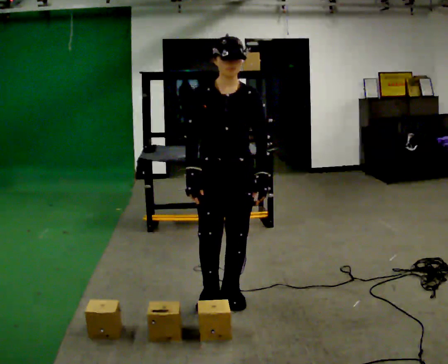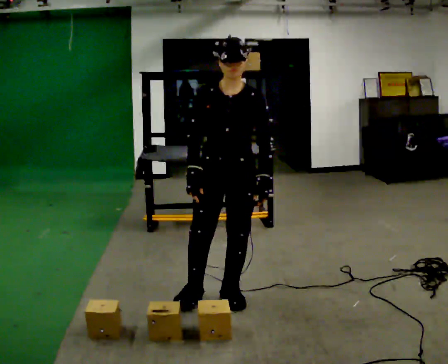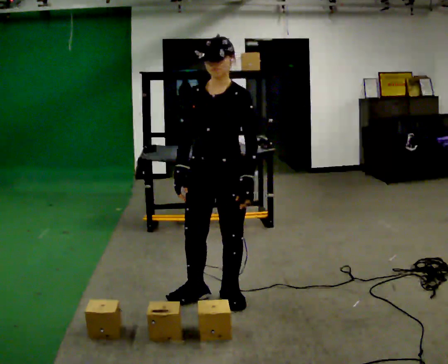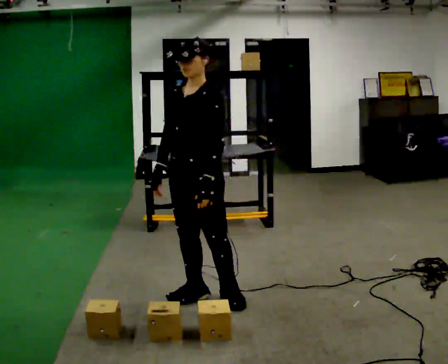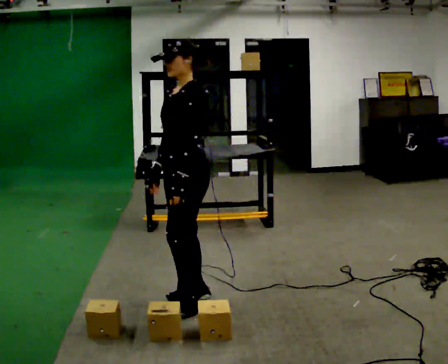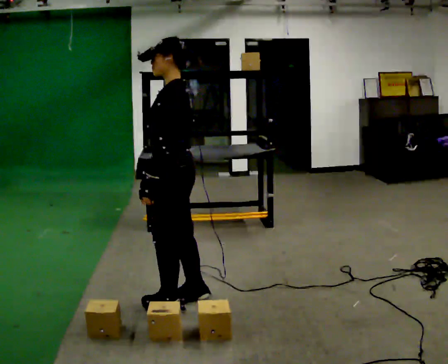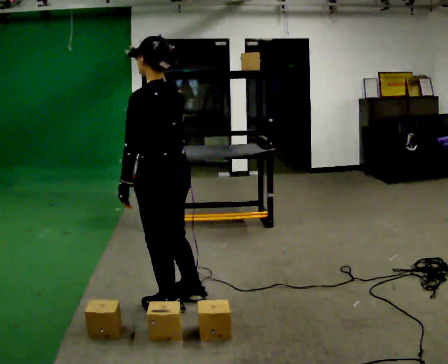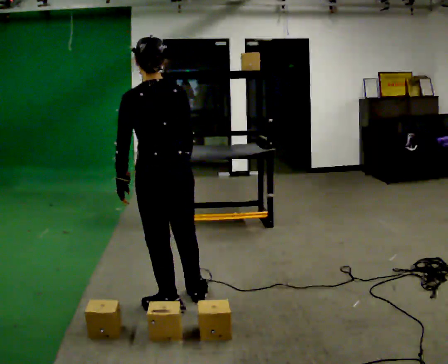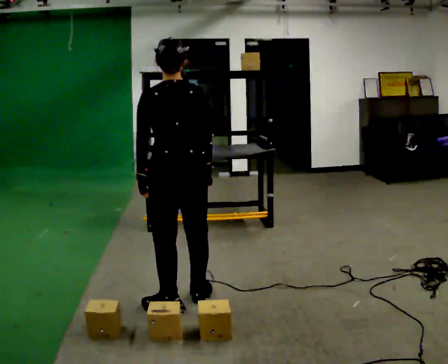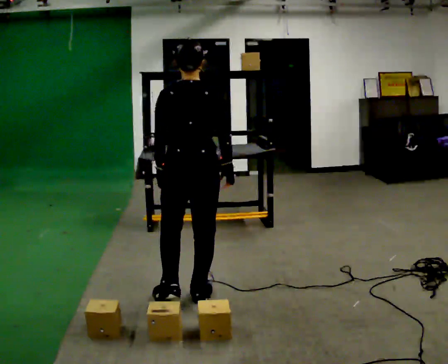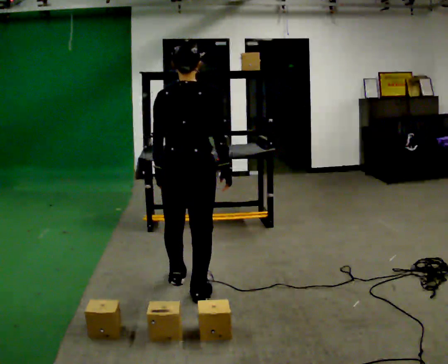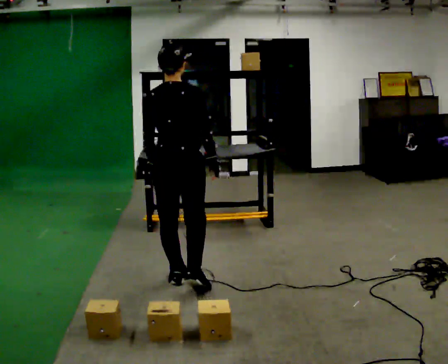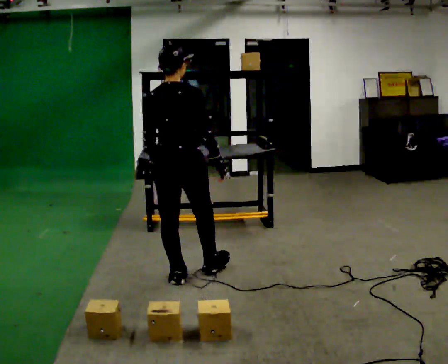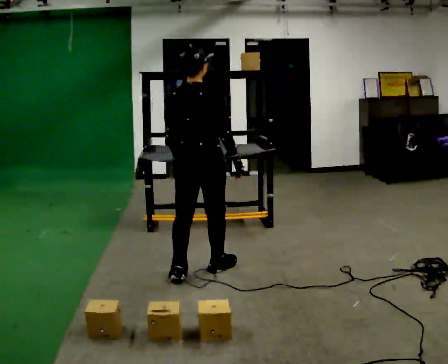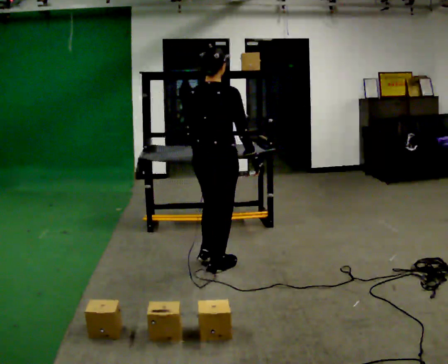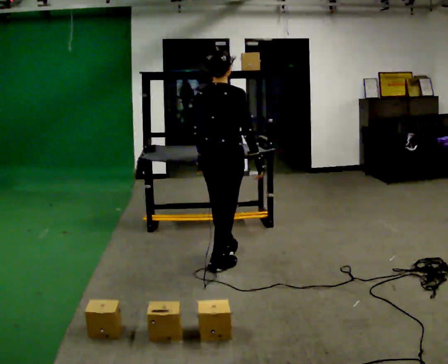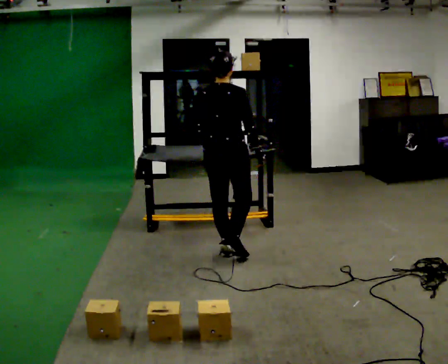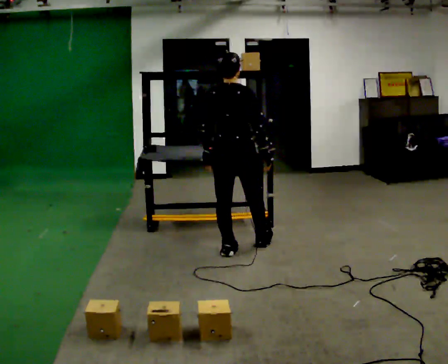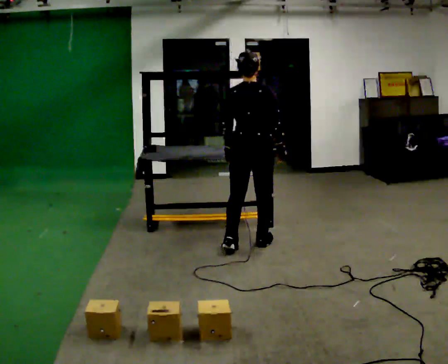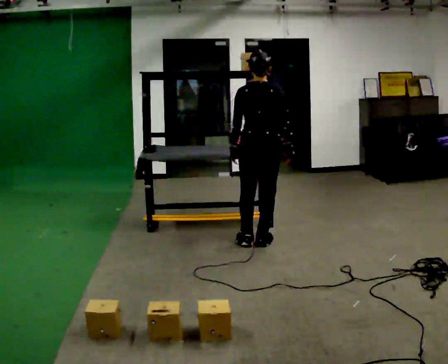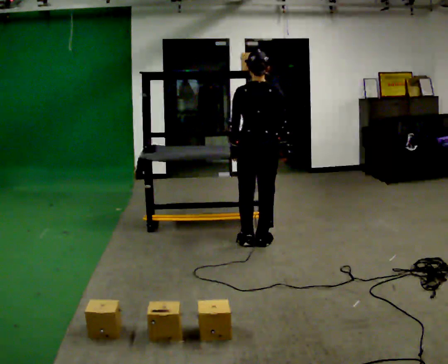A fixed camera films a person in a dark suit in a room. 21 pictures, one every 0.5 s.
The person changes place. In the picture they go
away from the camera.
The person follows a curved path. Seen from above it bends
clockwise.
0.0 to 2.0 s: The part of the body nearest the lens slides to the left as the person turns to their right by about 75 degrees. In the picture they go to the left, about 0.25 m.
2.0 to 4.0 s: The part of the body nearest the lens slides to the left as the person turns to their right by about 105 degrees. In the picture their right hand goes to the right.
4.0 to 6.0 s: The person turns about 30 degrees to their right, clockwise seen from above, so the part of the body nearest the lens slides to the left. In the picture they go away from the camera, about 0.5 m in 1 step, which for them is forward.
6.0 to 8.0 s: In the picture they go away from the camera and to the right, about 0.5 m in 2 steps, which for them is forward.
8.0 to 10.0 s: In the picture they go to the right and away from the camera, about 0.5 m in 2 steps, which for them is forward and to their right.
The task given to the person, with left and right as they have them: Take an object down from the highest shelf you can comfortably reach, carry it across the room, and set it on the floor. Keep going until the operator says stop; one object at a time, and do not rush between trips.
The film runs forward here.
